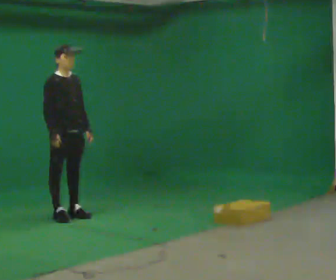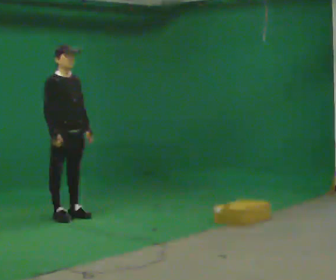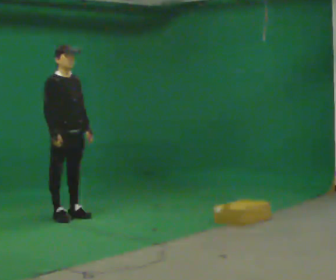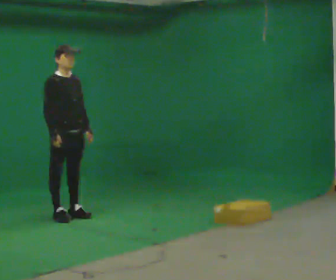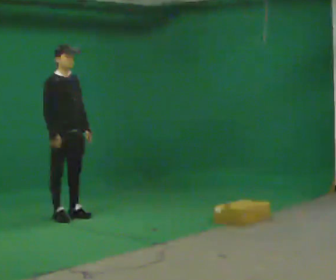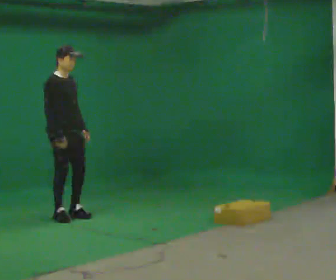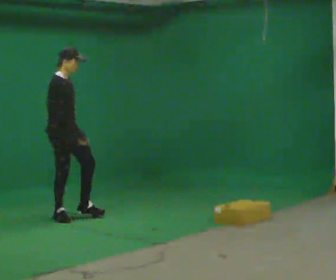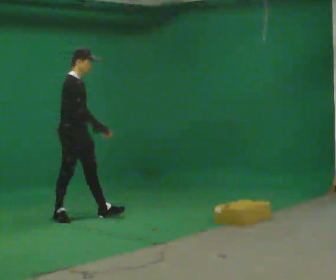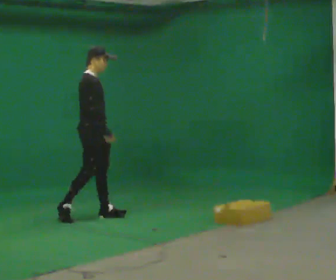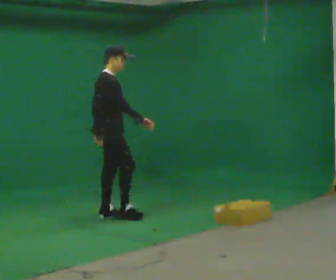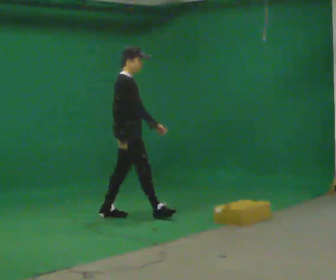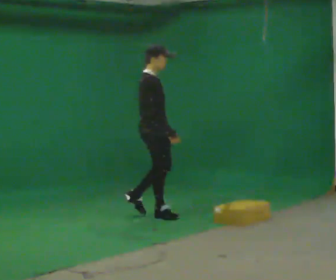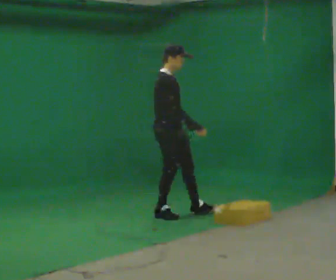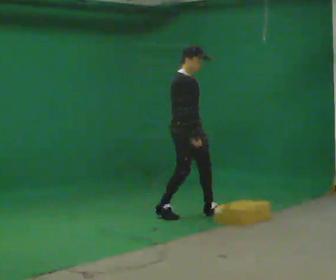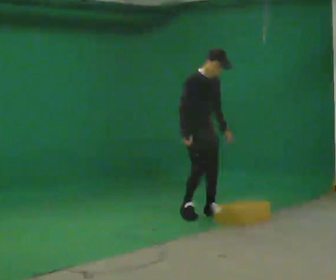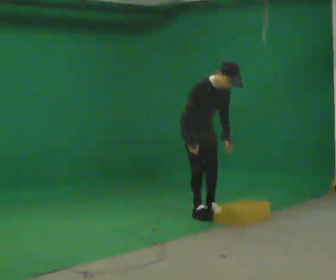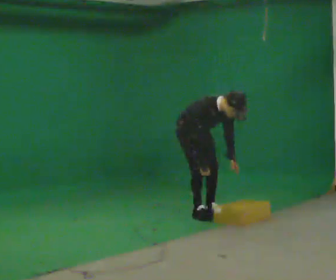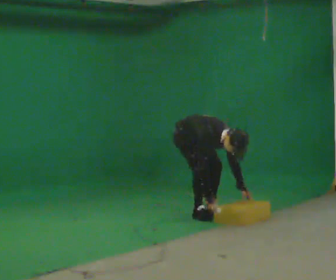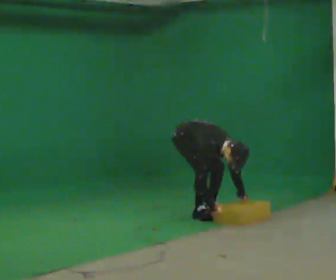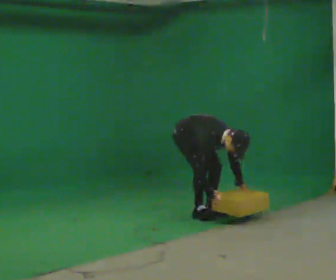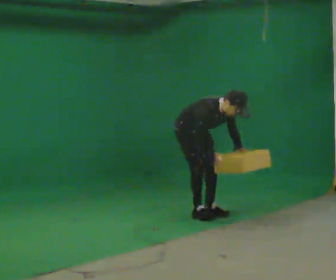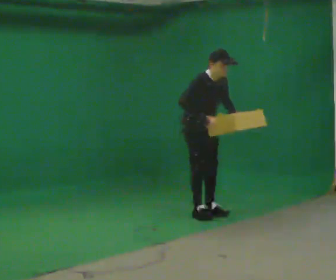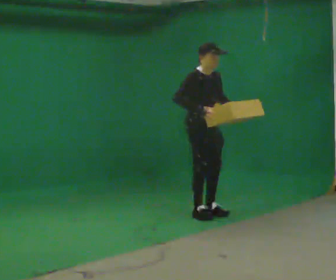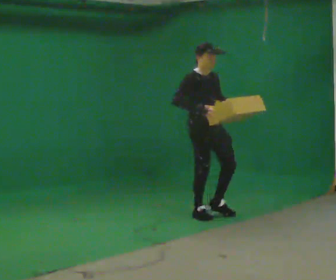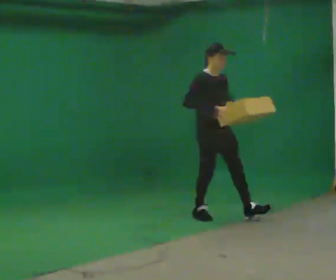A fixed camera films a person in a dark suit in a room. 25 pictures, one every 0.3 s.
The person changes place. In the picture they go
to the right.
0.0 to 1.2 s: The person keeps their place and pose.
1.2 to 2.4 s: The person turns about 30 degrees to their left, counterclockwise seen from above, so the part of the body nearest the lens slides to the right. In the picture they go to the right, about 0.25 m in 1 step, which for them is forward.
2.4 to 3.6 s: In the picture they go to the right, about 1 m in 1 step, which for them is forward.
3.6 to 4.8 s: Seen from above the body turns clockwise, about 30 degrees: to their right, with its near side sliding to the left. In the picture they go to the right, about 0.25 m in 2 steps, which for them is to their left. The shoulders move downward. In the picture the upper body tilts clockwise, shoulders to the right, as they bend forward. In the picture their right hand goes downward, the arm swinging clockwise.
4.8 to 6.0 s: The person moves a little, or ends about where they began.
6.0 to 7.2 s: In the picture they go toward the camera and to the right, about 0.25 m, which for them is forward. The upper body goes upward. In the picture the upper body tilts counterclockwise, shoulders to the left, as they lean back or straighten. In the picture their right hand goes upward.
The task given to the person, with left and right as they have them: Walk forward noticeably slower than normal; do not shuffle; stop.
The film runs forward here.
